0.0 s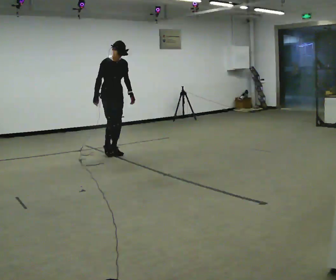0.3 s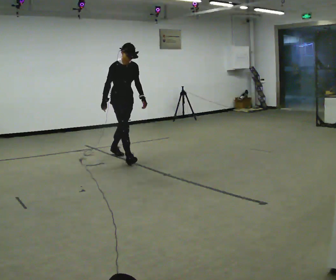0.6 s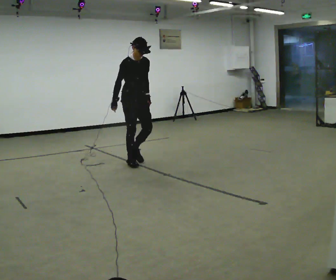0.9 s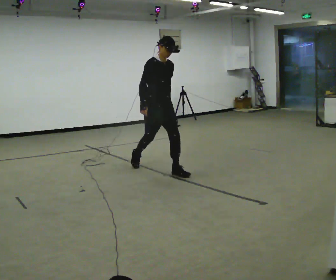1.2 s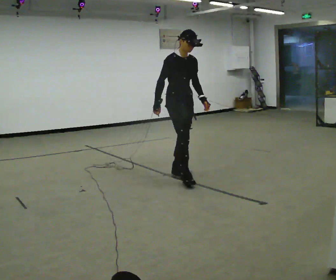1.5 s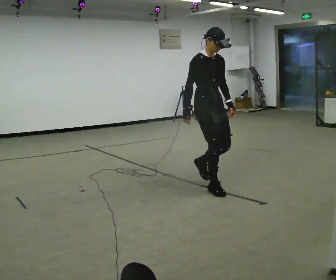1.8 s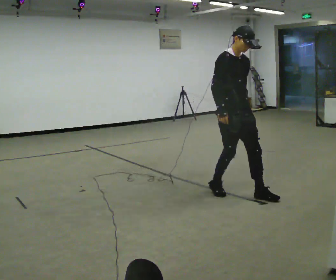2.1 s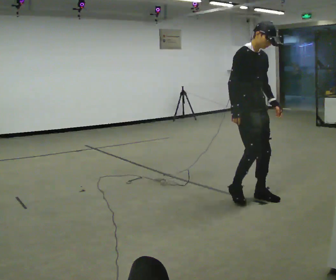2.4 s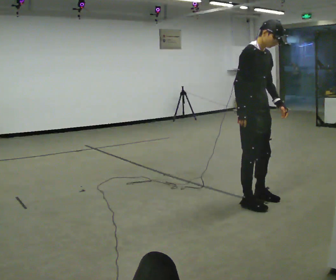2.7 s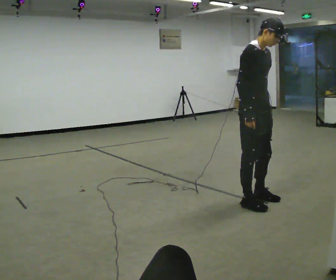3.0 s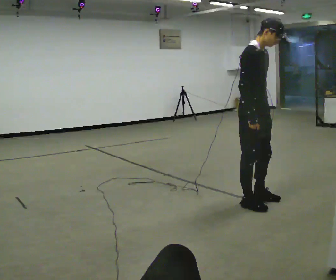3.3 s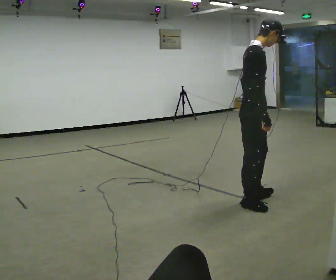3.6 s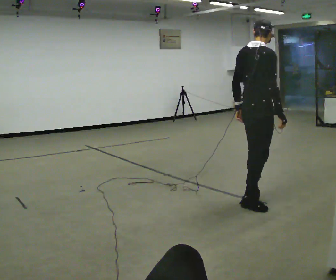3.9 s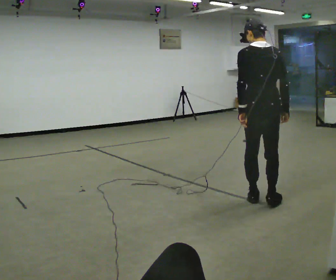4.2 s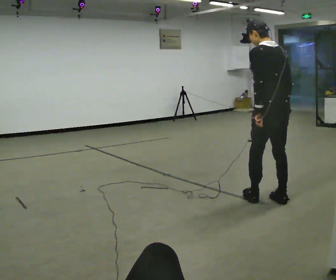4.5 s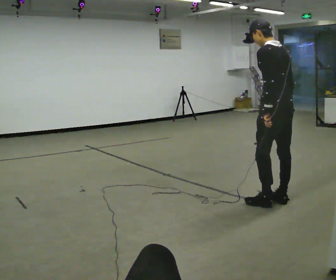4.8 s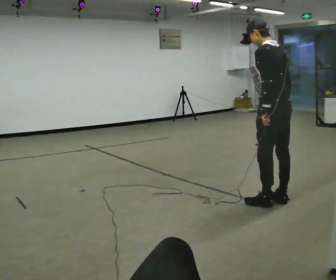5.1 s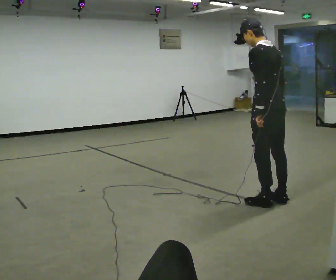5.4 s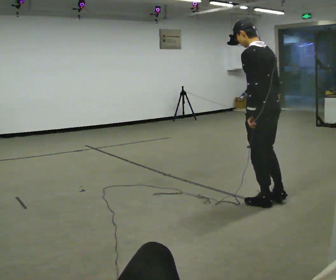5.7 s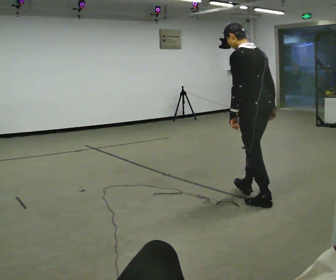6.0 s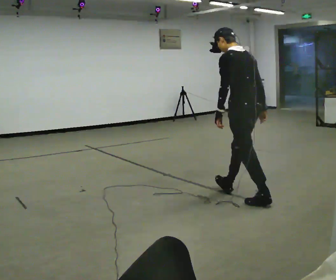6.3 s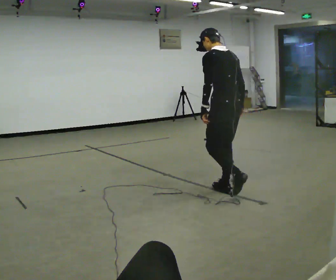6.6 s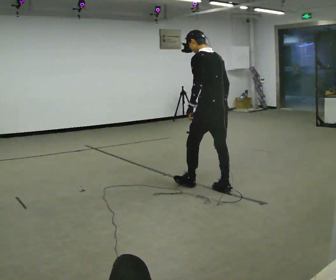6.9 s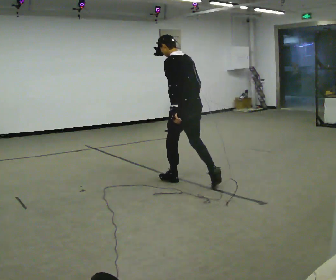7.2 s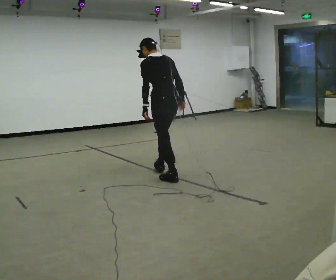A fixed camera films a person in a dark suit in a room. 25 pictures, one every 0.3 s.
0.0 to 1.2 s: In the picture they go toward the camera and to the right, about 1.5 m in 2 steps, which for them is forward.
1.2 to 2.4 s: In the picture they go toward the camera and to the right, about 1 m in 3 steps, which for them is forward.
2.4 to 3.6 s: The part of the body nearest the lens slides to the right as the person turns to their left by about 75 degrees. In the picture their left hand goes to the left.
3.6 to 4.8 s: Seen from above the body turns counterclockwise, about 90 degrees: to their left, with its near side sliding to the right. In the picture they go to the right, about 0.25 m in 2 steps. In the picture the upper body tilts counterclockwise, shoulders to the left.
4.8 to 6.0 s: In the picture they go to the left and away from the camera, about 0.25 m in 1 step, which for them is forward.
6.0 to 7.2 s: In the picture they go to the left and away from the camera, about 1 m in 1 step, which for them is forward.
The film runs forward here.
